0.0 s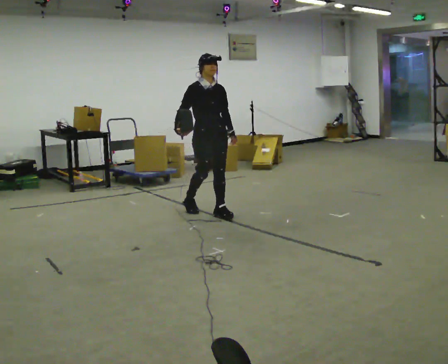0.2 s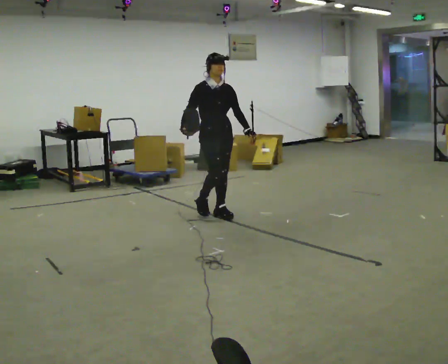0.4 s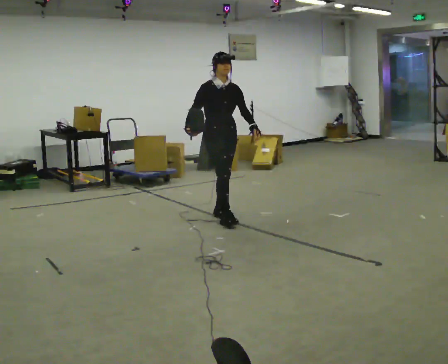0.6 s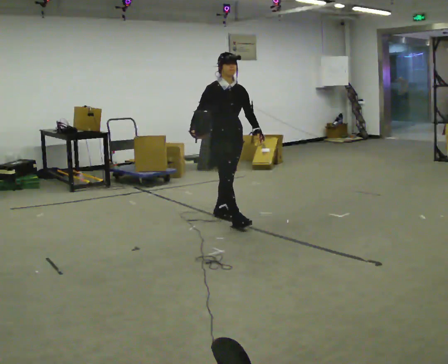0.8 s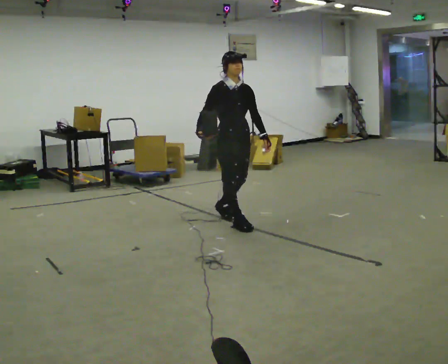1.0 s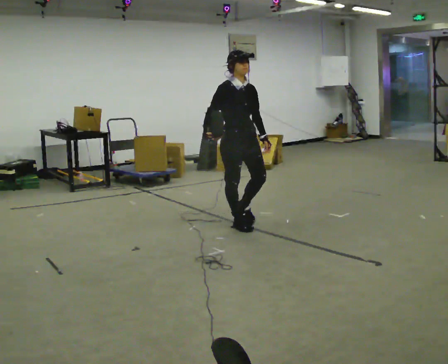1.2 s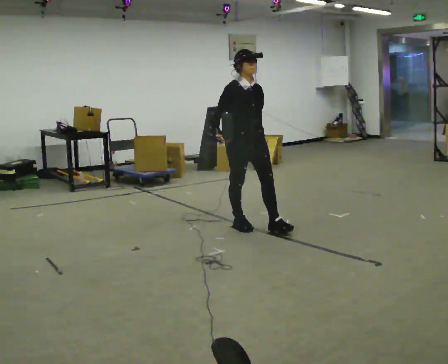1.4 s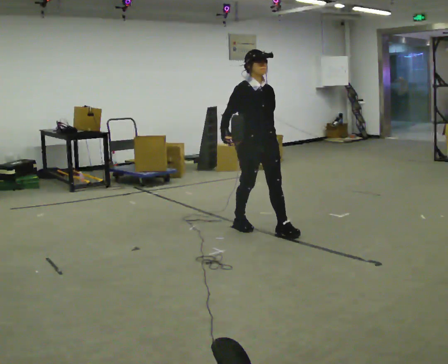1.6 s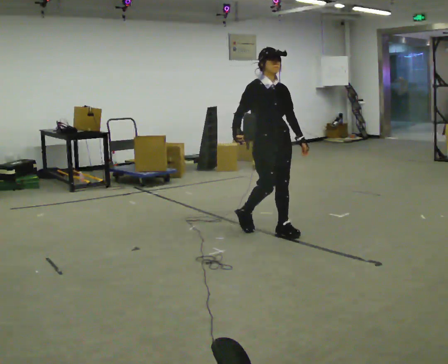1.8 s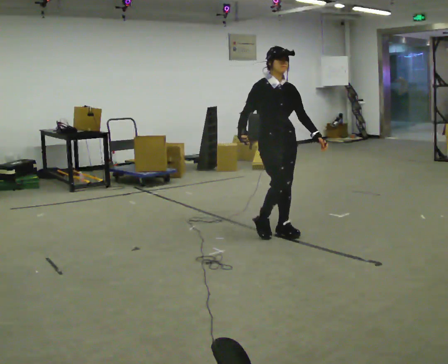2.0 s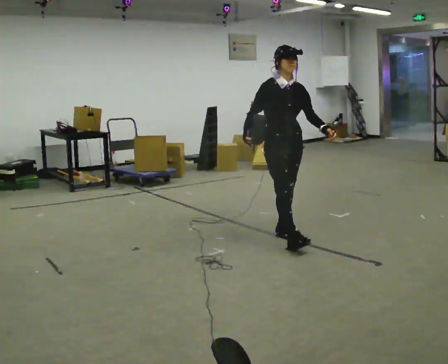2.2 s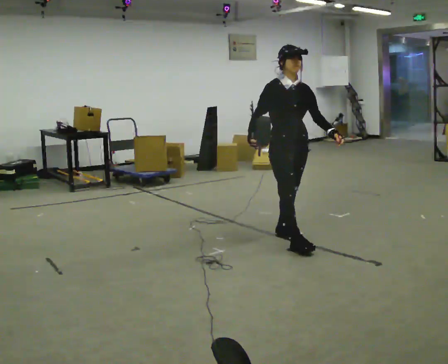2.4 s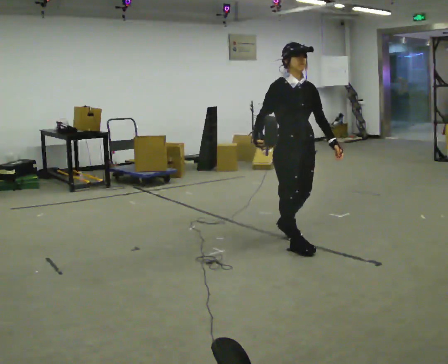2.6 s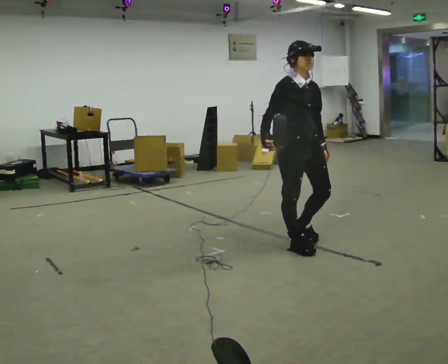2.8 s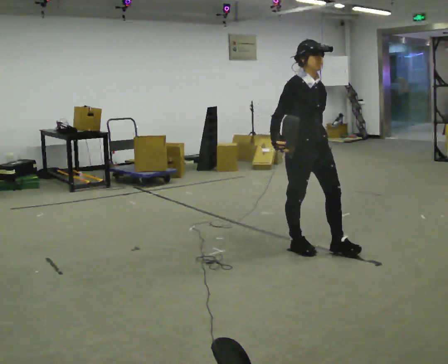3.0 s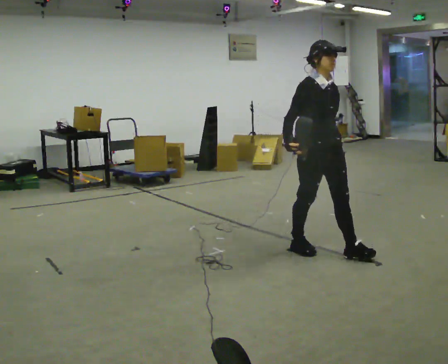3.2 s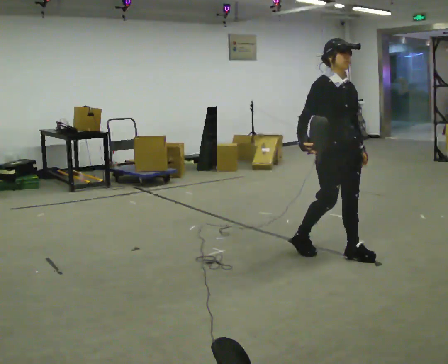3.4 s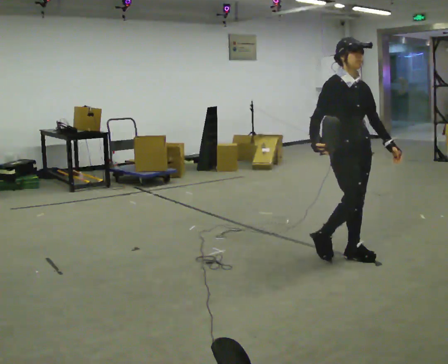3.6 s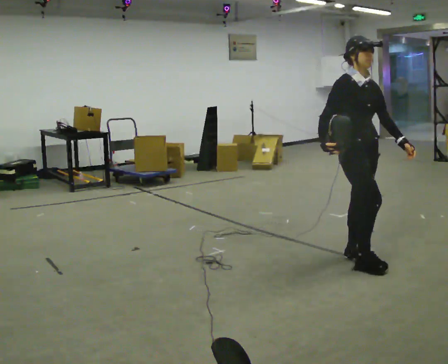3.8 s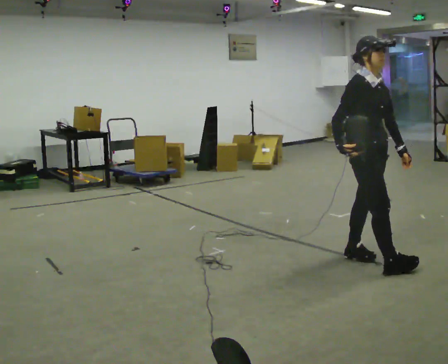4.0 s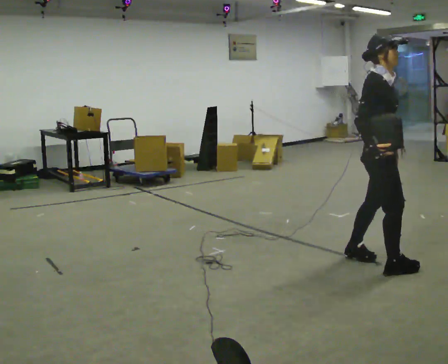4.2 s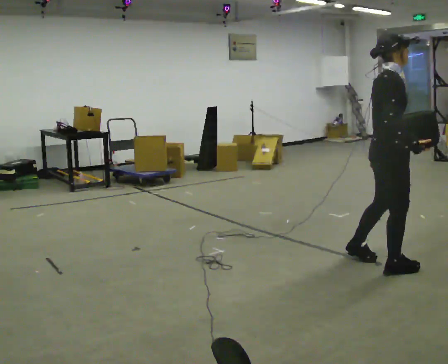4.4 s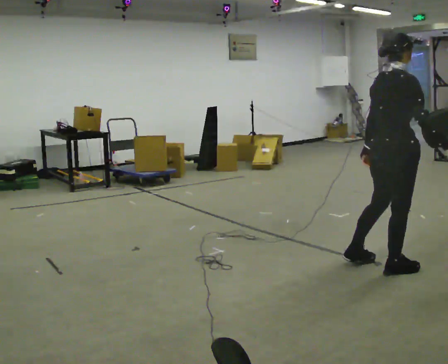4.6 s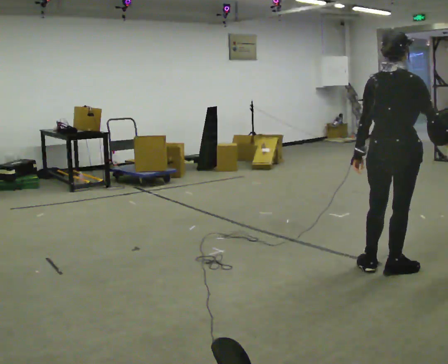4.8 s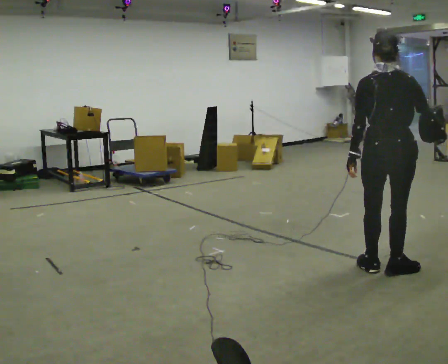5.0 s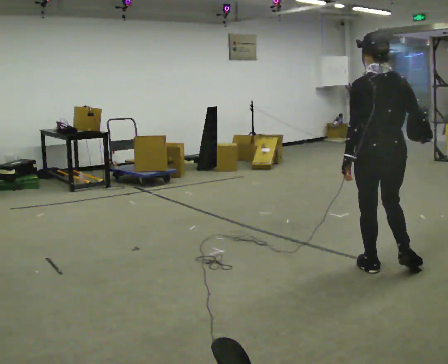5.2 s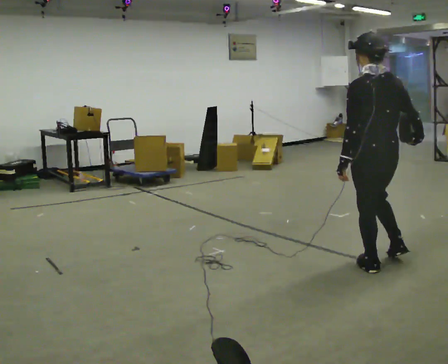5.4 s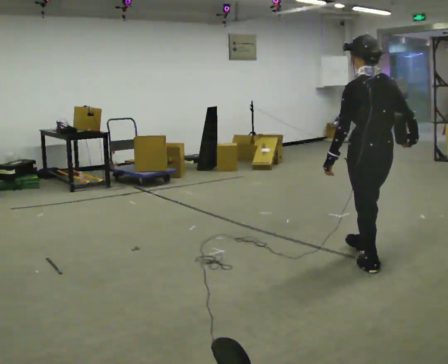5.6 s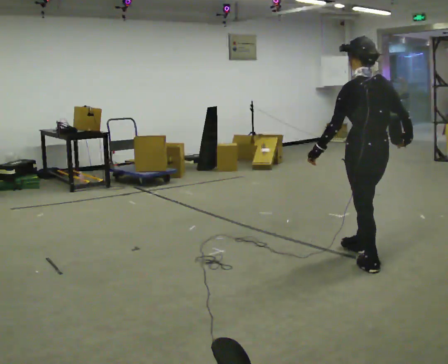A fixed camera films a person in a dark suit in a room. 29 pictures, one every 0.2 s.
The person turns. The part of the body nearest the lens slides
to the right.
The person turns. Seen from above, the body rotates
counterclockwise.
0.0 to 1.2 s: In the picture they go toward the camera and to the right, about 0.5 m in 1 step, which for them is forward.
1.2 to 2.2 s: In the picture they go toward the camera and to the right, about 0.5 m in 2 steps, which for them is forward.
2.2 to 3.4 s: In the picture they go to the right and toward the camera, about 0.5 m in 1 step, which for them is forward.
3.4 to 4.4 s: The part of the body nearest the lens slides to the right as the person turns to their left by about 75 degrees. In the picture they go toward the camera and to the right, about 0.5 m in 1 step.
4.4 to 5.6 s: Seen from above the body turns counterclockwise, about 90 degrees: to their left, with its near side sliding to the right. In the picture they go away from the camera, about 0.25 m in 2 steps.
The film runs forward here.
